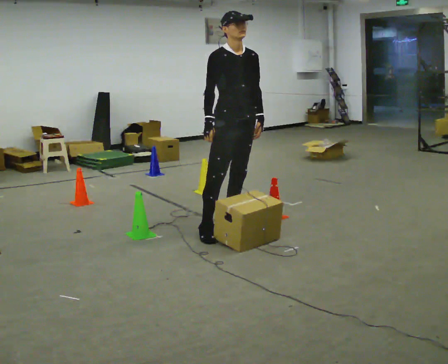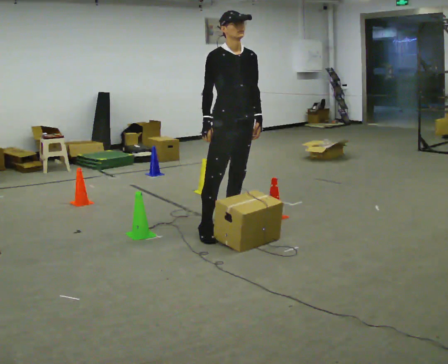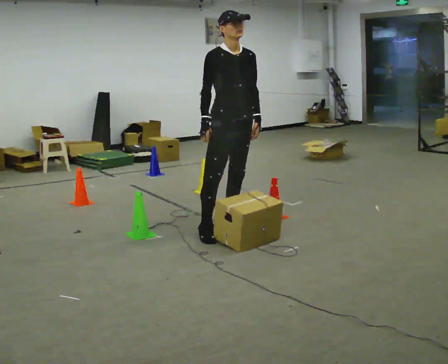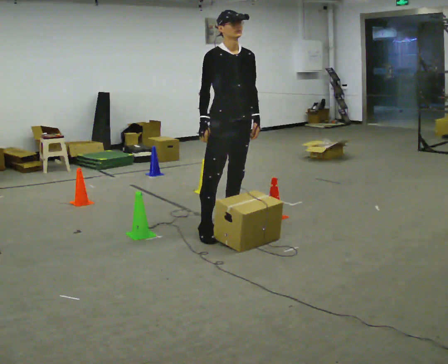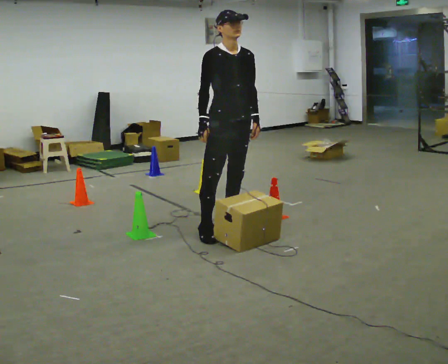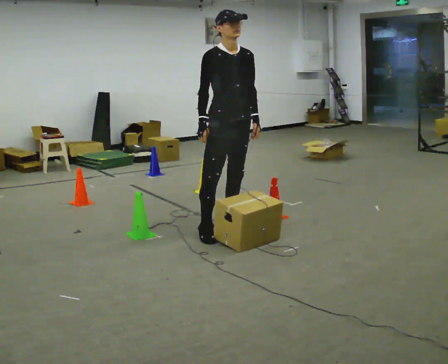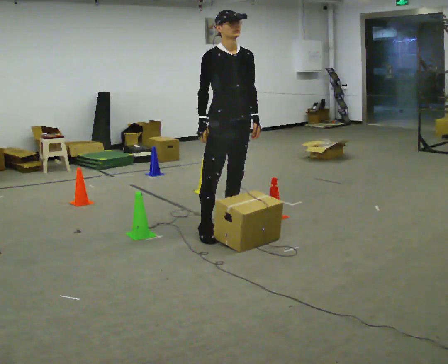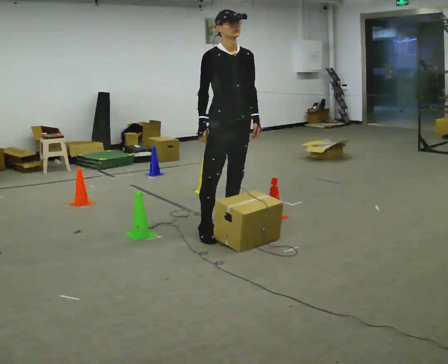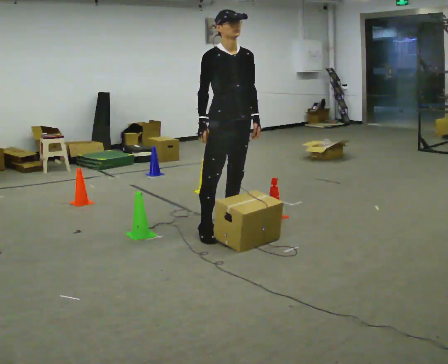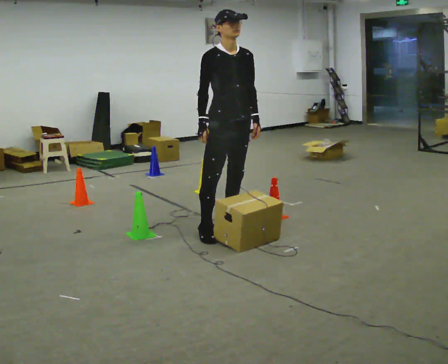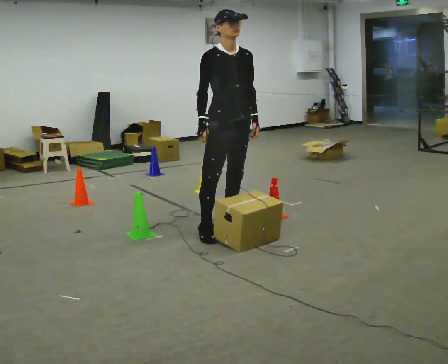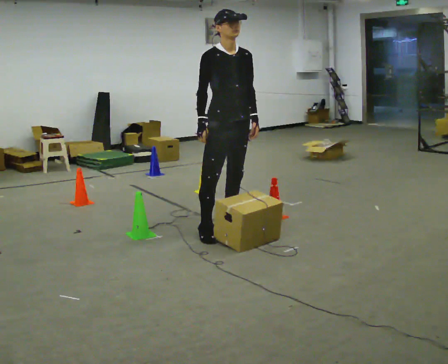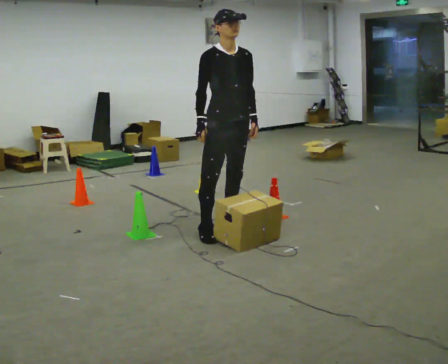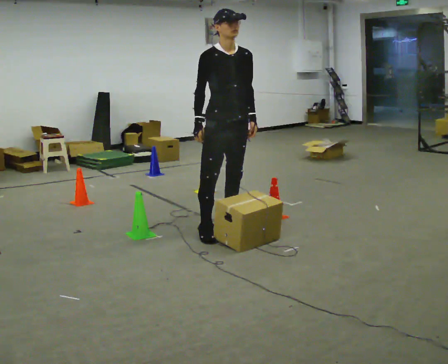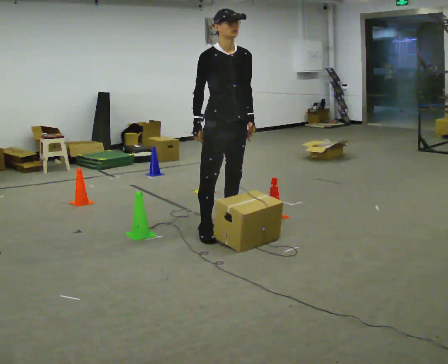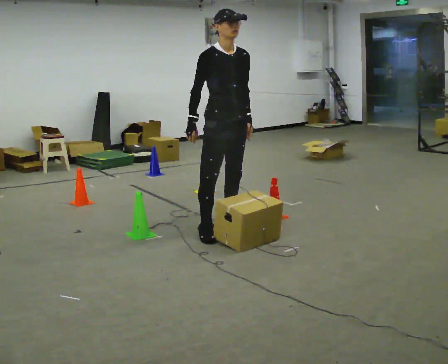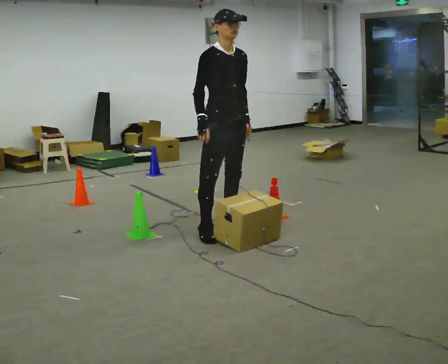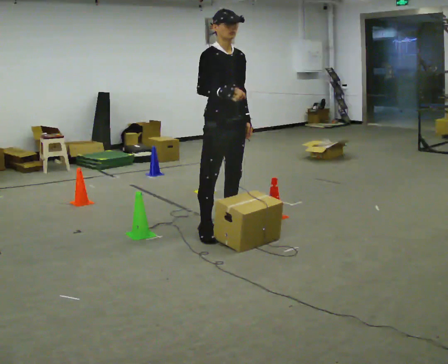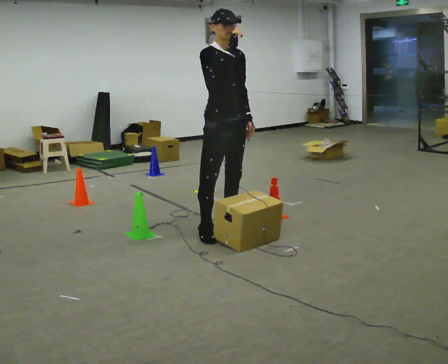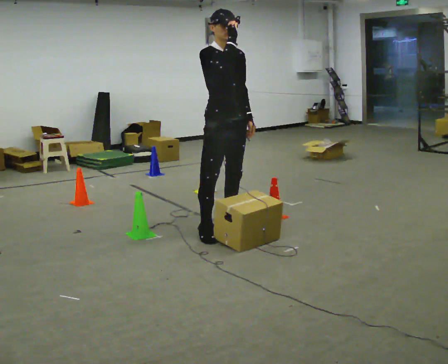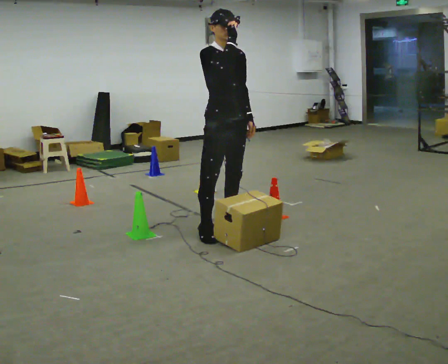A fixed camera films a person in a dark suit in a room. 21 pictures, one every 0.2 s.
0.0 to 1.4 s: The person moves a little, or ends about where they began.
1.4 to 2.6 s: The person keeps their place and pose.
2.6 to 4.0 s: In the picture their right hand goes upward.
The film runs backward here.
